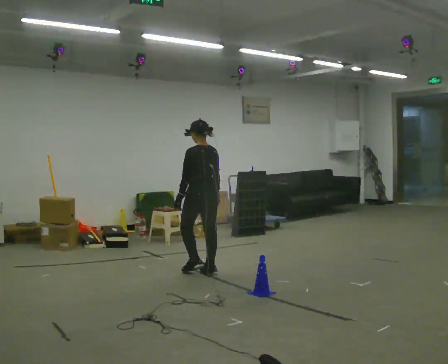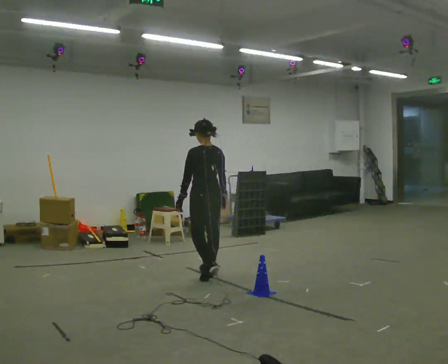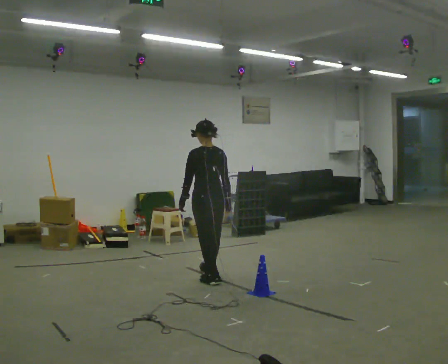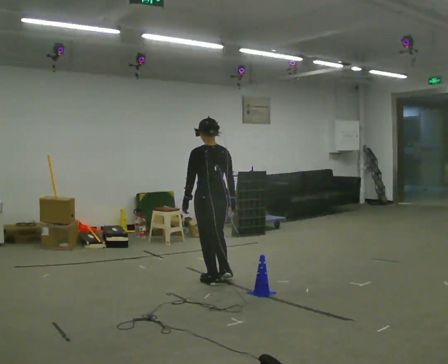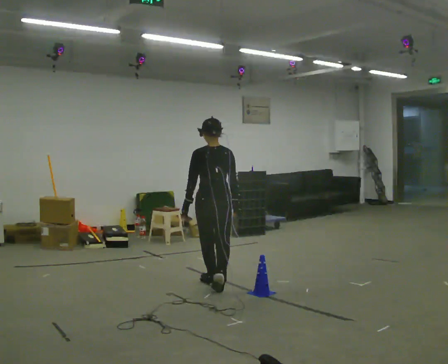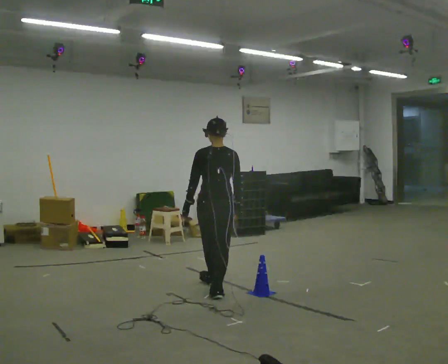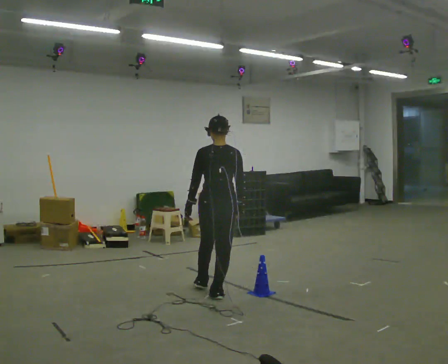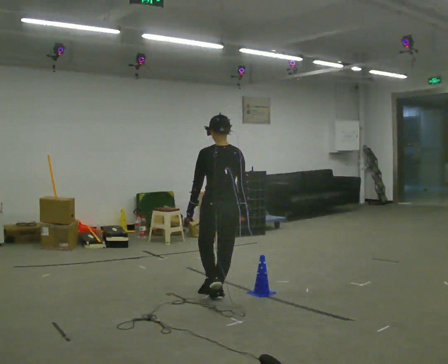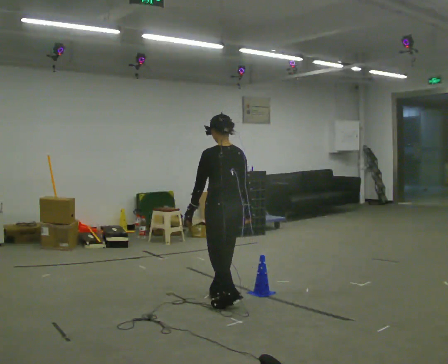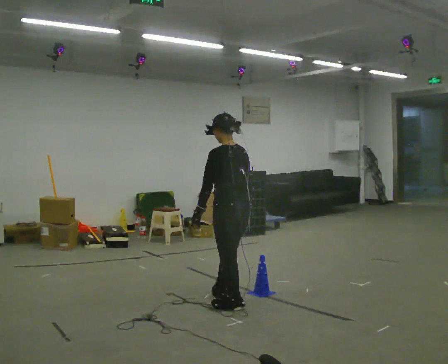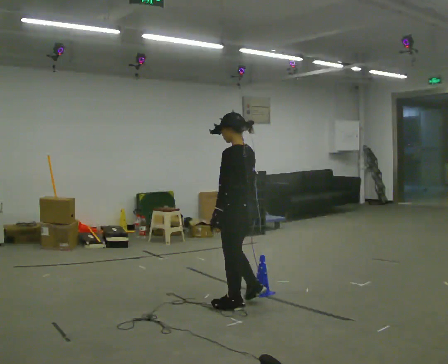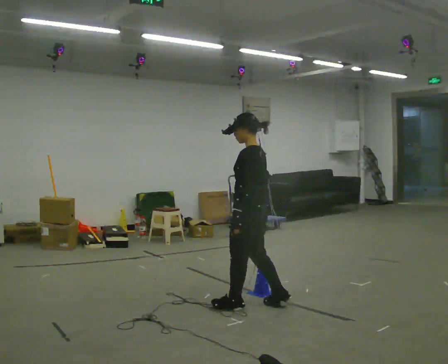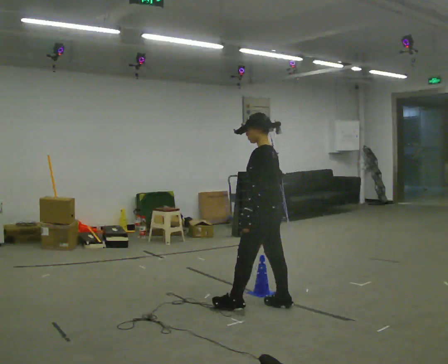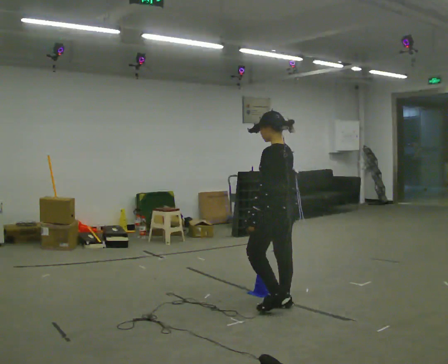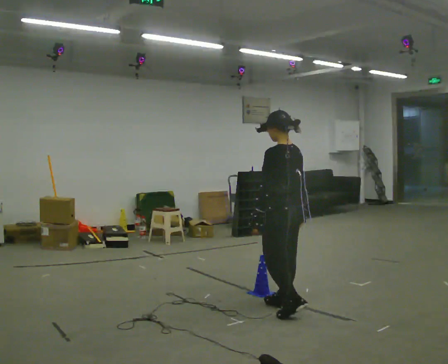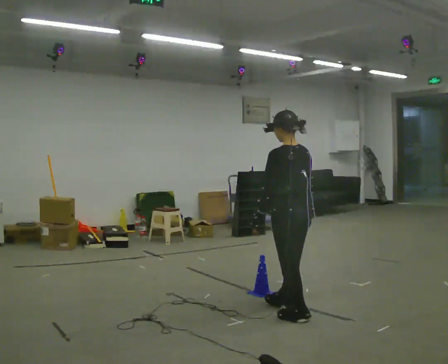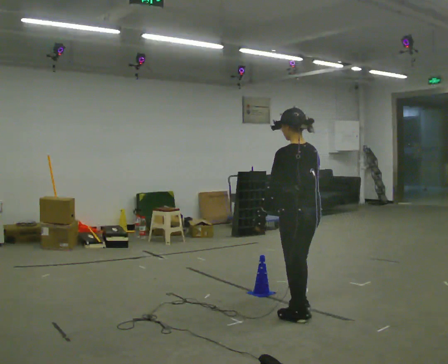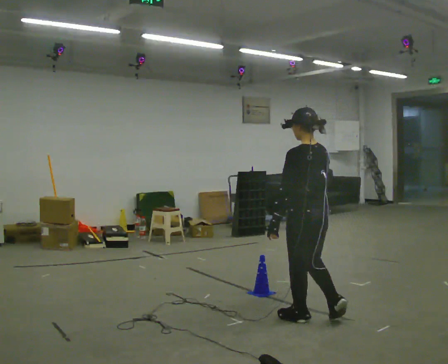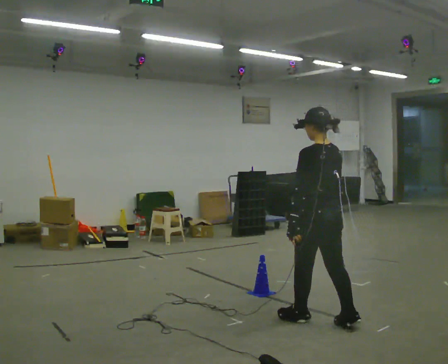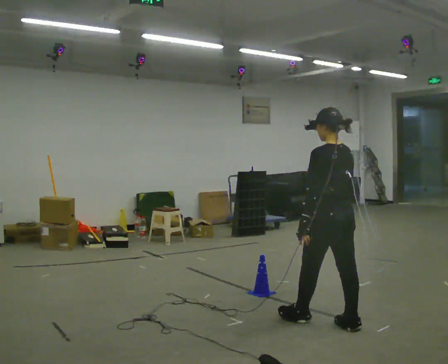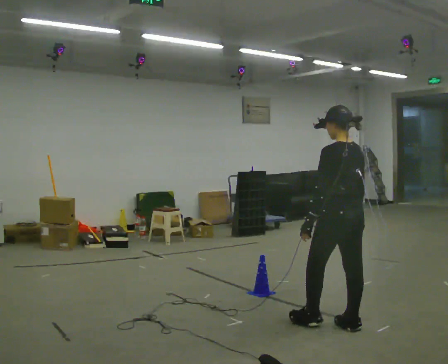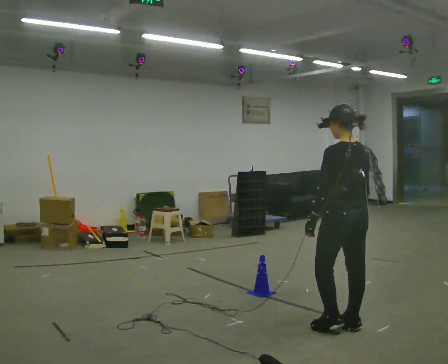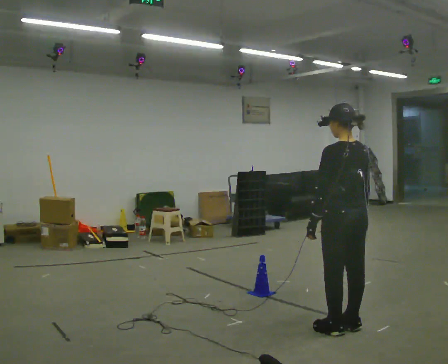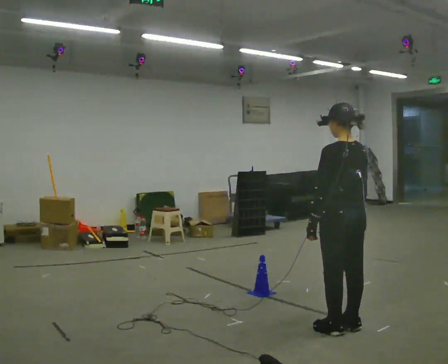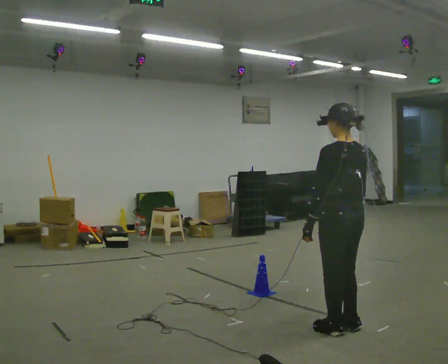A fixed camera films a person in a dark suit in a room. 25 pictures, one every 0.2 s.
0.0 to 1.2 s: The person turns about 30 degrees to their right, clockwise seen from above, so the part of the body nearest the lens slides to the left. In the picture they go toward the camera, about 1 m in 2 steps, which for them is backward.
1.2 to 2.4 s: The part of the body nearest the lens slides to the right as the person turns to their left by about 60 degrees. In the picture they go to the right and toward the camera, about 0.5 m in 2 steps.
2.4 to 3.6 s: The part of the body nearest the lens slides to the left as the person turns to their right by about 30 degrees. In the picture they go toward the camera and to the right, about 0.5 m in 1 step, which for them is backward.
3.6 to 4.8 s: In the picture they go toward the camera, about 0.25 m in 2 steps, which for them is backward.
The film runs backward here.
